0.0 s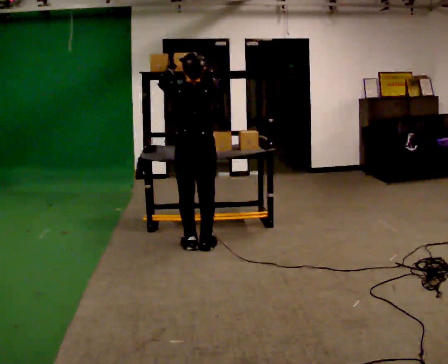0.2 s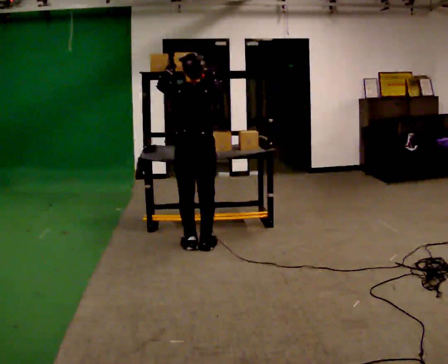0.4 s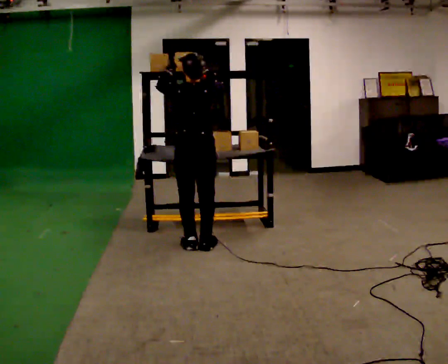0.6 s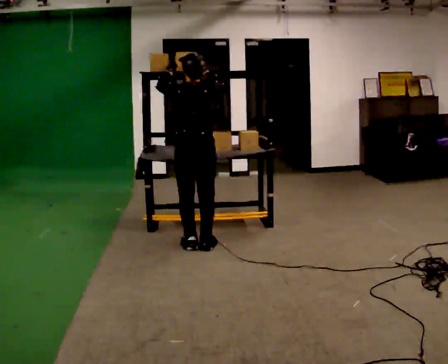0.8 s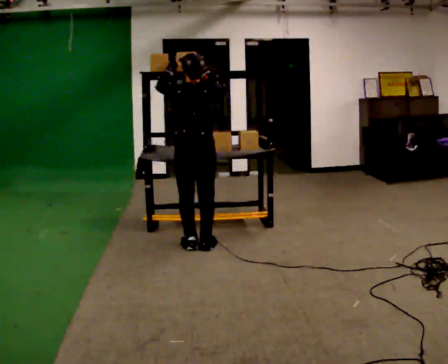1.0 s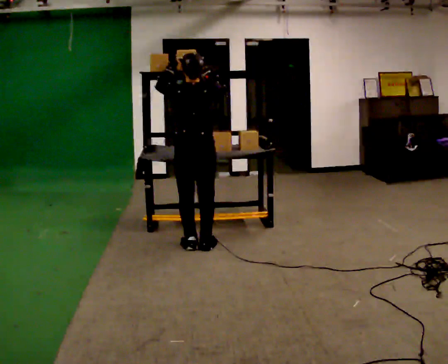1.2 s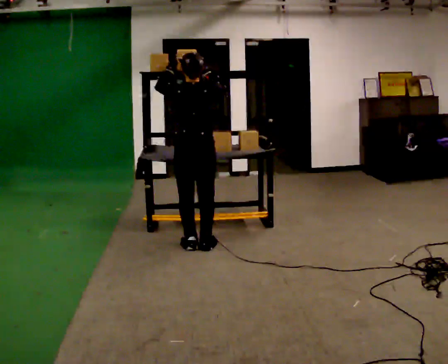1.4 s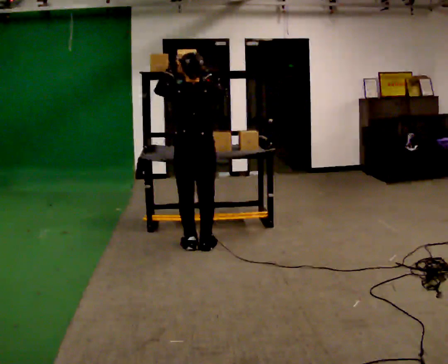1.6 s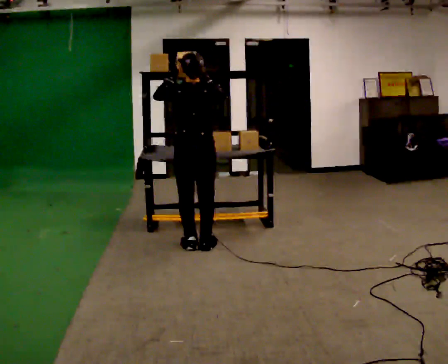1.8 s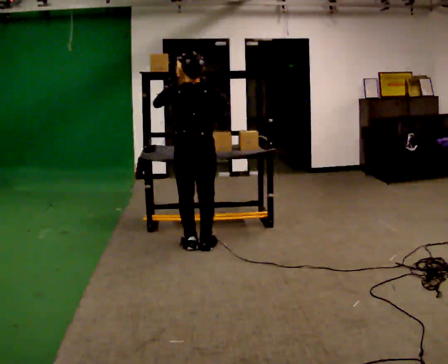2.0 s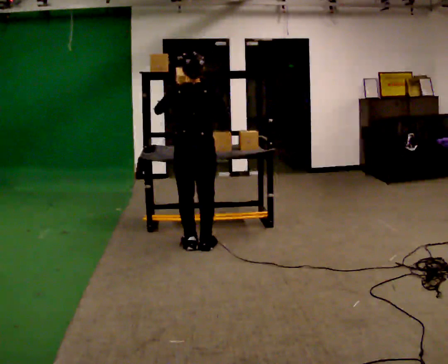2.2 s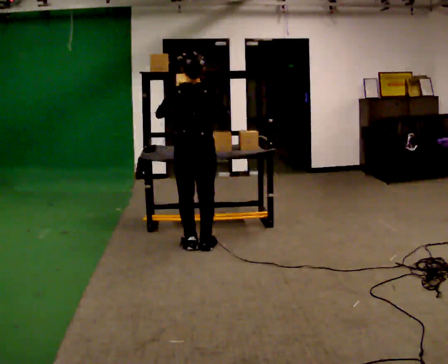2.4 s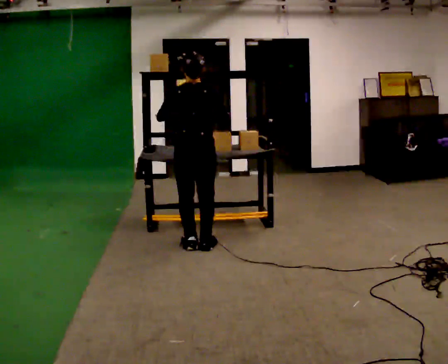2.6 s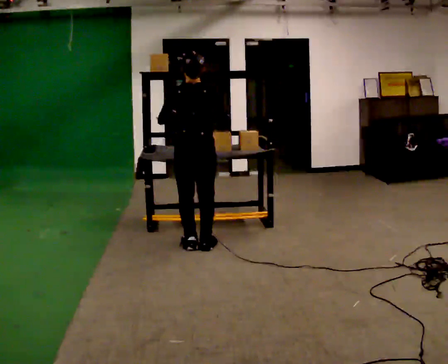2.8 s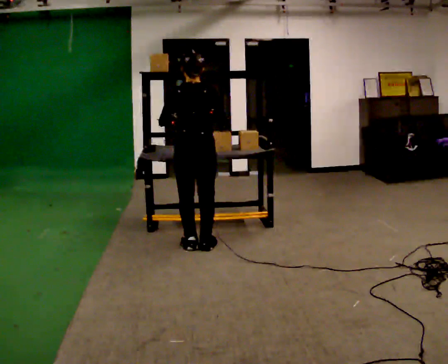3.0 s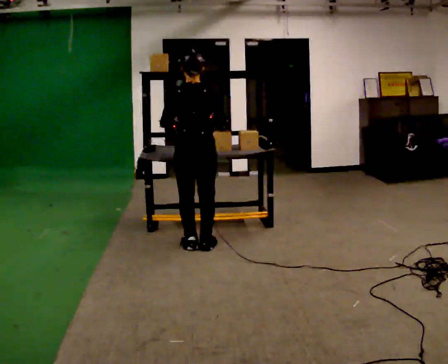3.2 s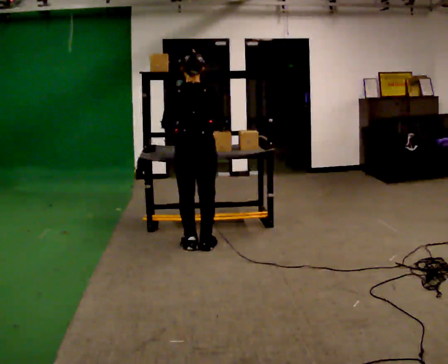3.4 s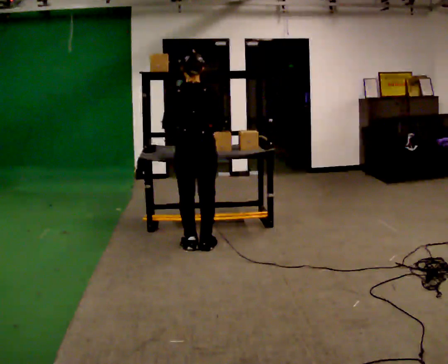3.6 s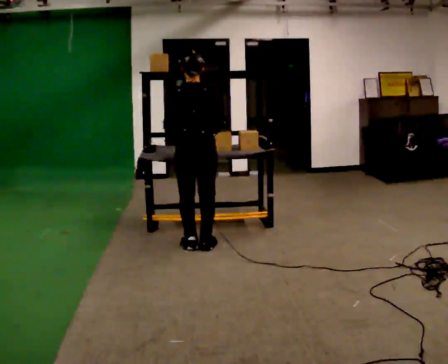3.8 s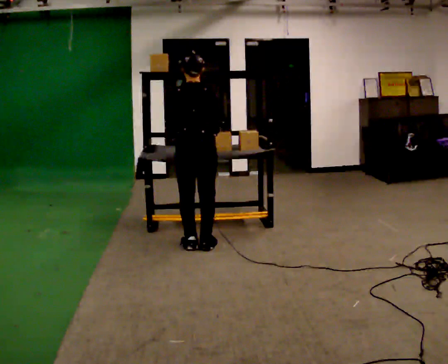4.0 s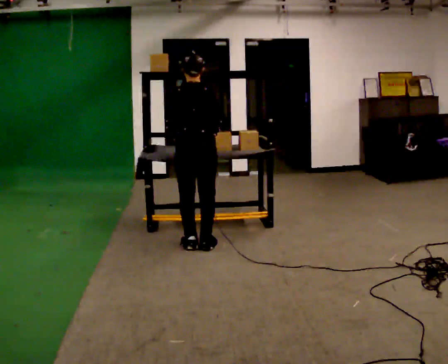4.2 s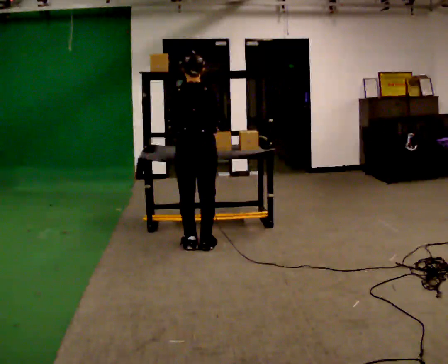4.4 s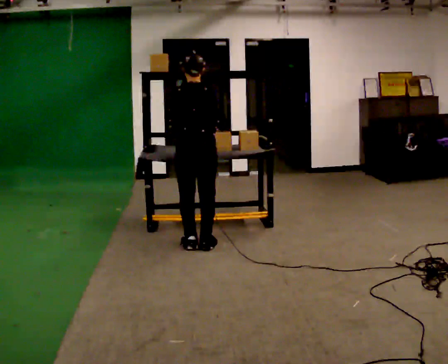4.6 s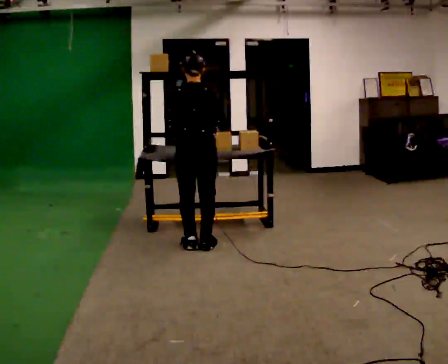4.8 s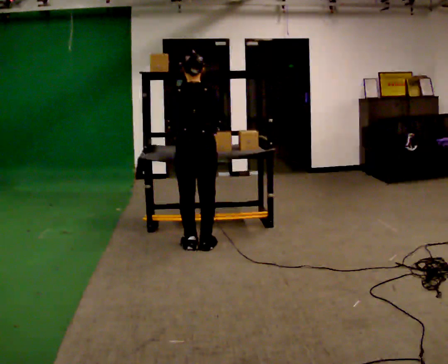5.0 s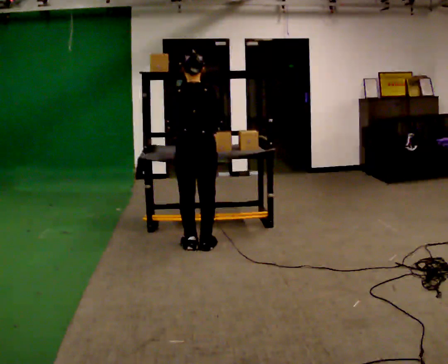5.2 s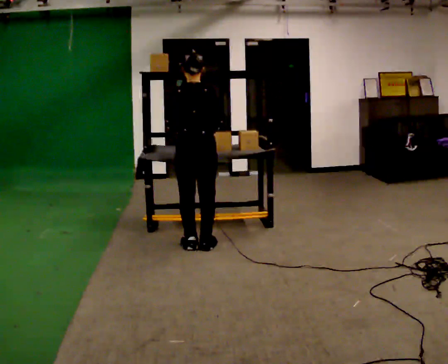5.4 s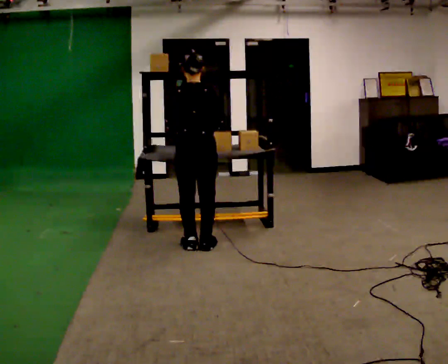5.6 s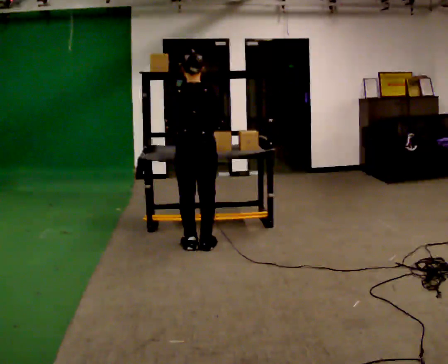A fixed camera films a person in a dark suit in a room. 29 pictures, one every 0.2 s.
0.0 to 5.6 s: In the picture their right hand goes downward.
The film runs backward here.
